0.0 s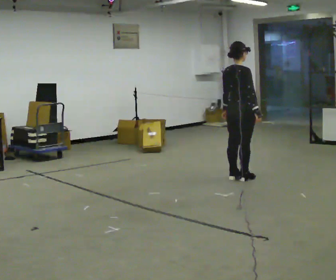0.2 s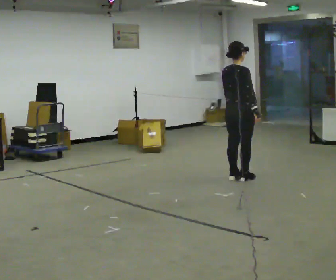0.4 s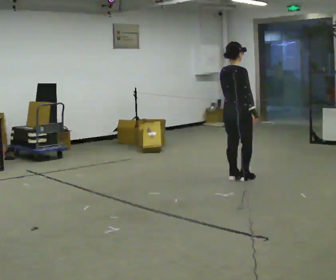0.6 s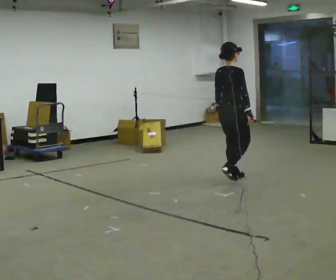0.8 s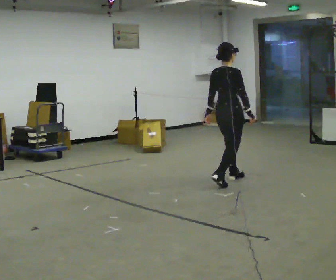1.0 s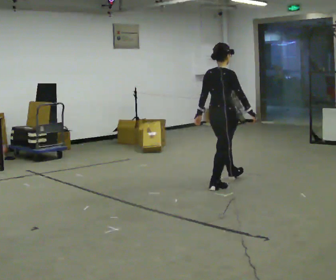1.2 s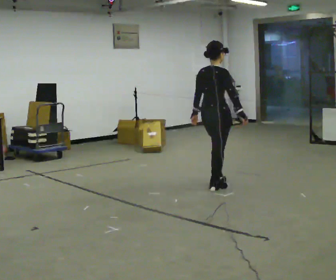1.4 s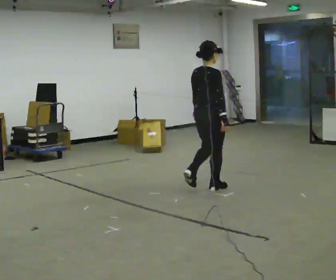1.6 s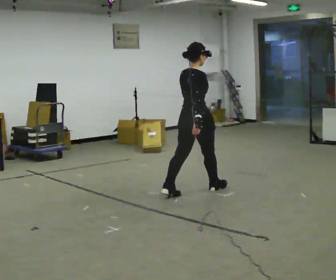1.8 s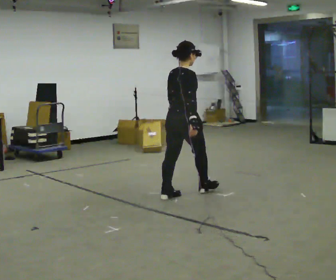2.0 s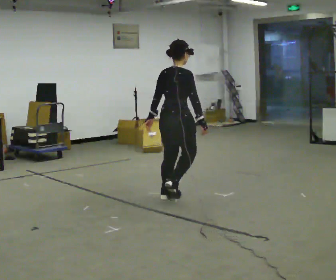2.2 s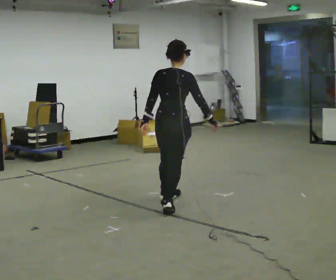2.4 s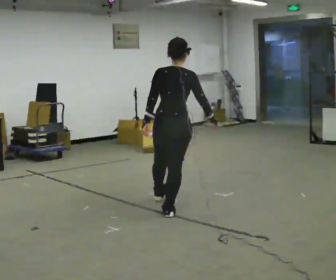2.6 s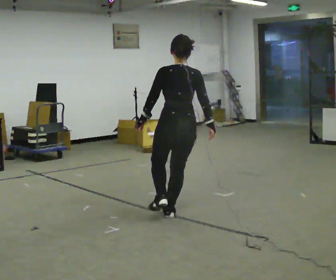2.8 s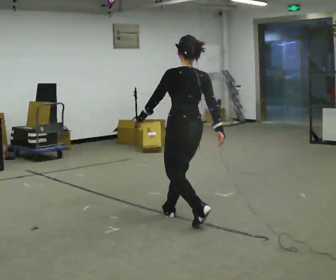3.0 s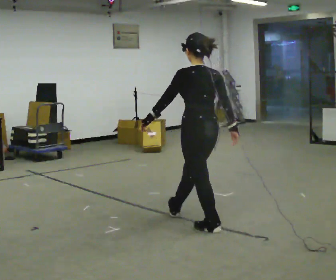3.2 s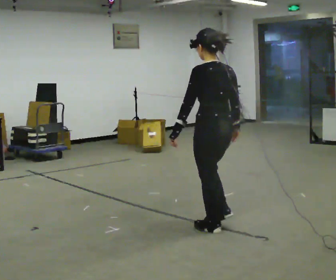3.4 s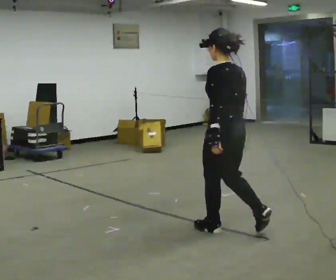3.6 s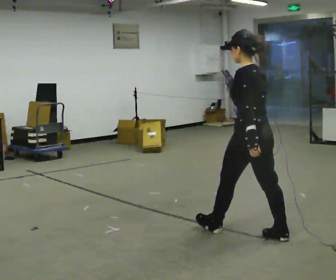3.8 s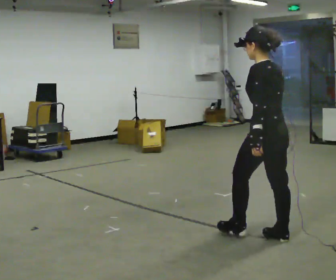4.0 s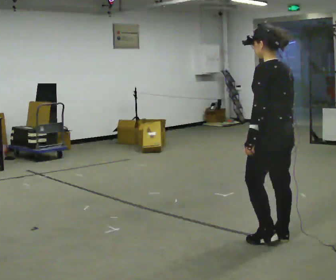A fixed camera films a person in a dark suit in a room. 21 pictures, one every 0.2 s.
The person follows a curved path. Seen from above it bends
counterclockwise.
The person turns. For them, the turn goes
to their left.
0.0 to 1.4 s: In the picture they go toward the camera and to the left, about 0.5 m in 2 steps, which for them is backward.
1.4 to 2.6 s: The person turns about 60 degrees to their left, counterclockwise seen from above, so the part of the body nearest the lens slides to the right. In the picture they go toward the camera, about 1 m in 2 steps.
2.6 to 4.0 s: Seen from above the body turns counterclockwise, about 30 degrees: to their left, with its near side sliding to the right. In the picture they go toward the camera and to the right, about 1 m in 2 steps, which for them is backward.
The film runs backward here.
